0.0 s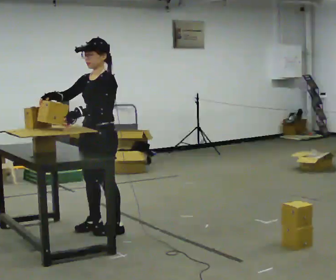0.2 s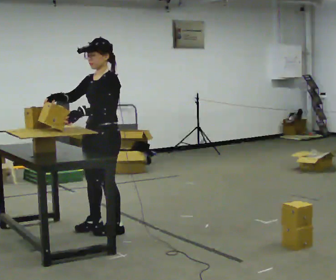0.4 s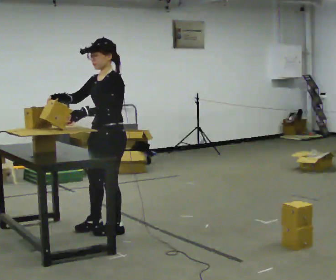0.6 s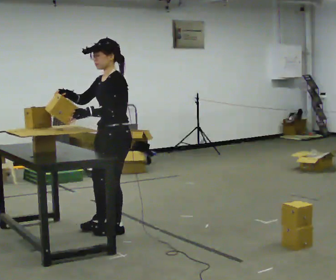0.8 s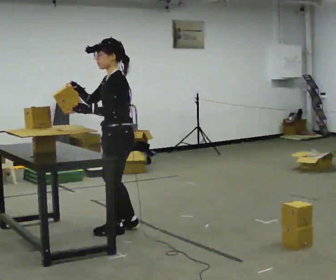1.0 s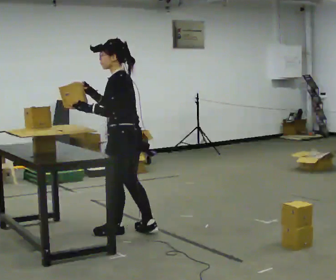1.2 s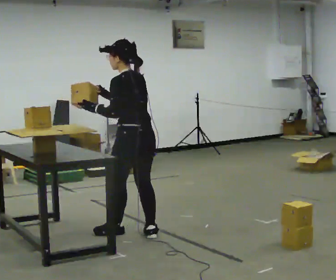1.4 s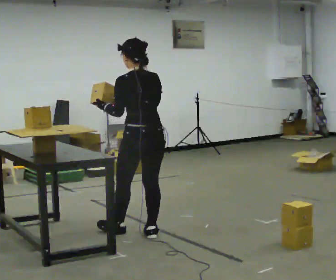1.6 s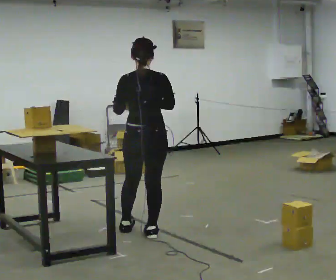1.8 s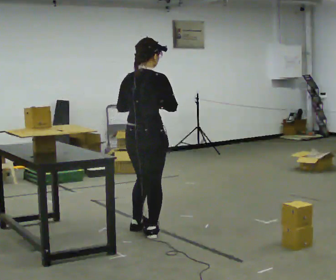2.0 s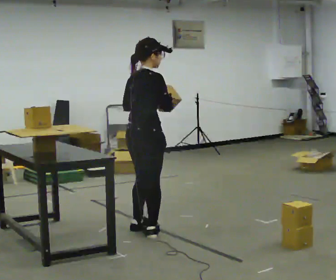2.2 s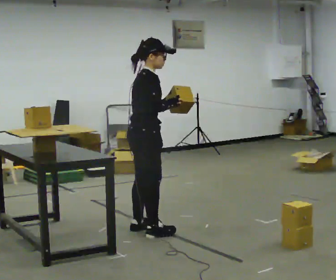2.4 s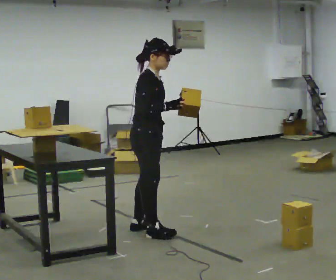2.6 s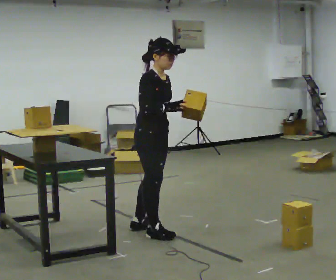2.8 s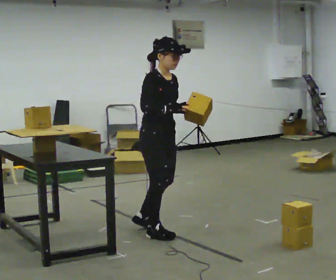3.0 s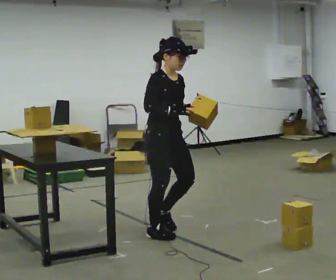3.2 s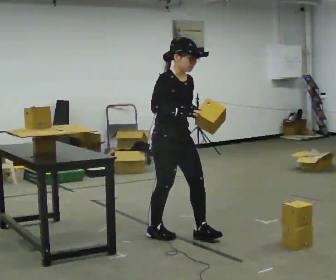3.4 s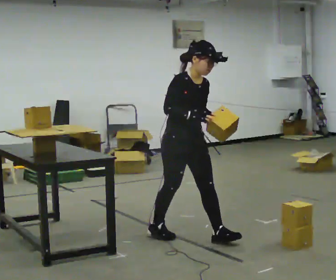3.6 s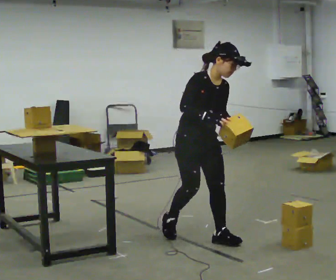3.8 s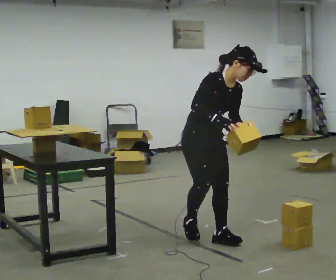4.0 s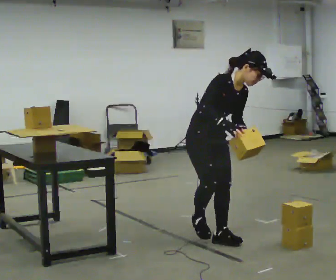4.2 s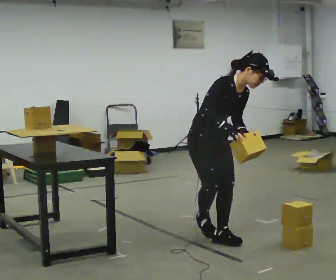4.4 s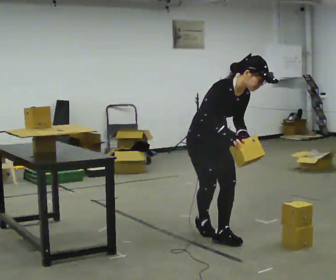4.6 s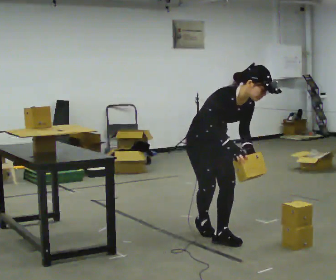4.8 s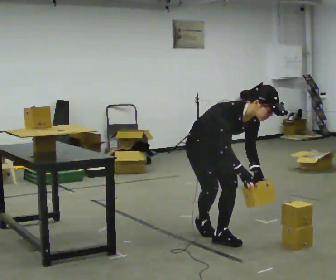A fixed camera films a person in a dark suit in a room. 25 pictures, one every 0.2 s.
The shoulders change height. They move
downward.
The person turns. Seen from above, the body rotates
clockwise.
0.0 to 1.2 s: The part of the body nearest the lens slides to the left as the person turns to their right by about 90 degrees. In the picture they go to the right and toward the camera, about 0.25 m in 1 step.
1.2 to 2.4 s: The person turns about 150 degrees to their right, clockwise seen from above, so the part of the body nearest the lens slides to the left. In the picture the upper body tilts clockwise, shoulders to the right. In the picture their left hand goes to the right.
2.4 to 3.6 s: Seen from above the body turns clockwise, about 45 degrees: to their right, with its near side sliding to the left. In the picture they go to the right and toward the camera, about 0.5 m in 1 step, which for them is forward.
3.6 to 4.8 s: The shoulders move downward. The upper body tips toward the camera, its near side rolling downward, as they bend forward. In the picture their right hand goes downward.
The film runs forward here.
